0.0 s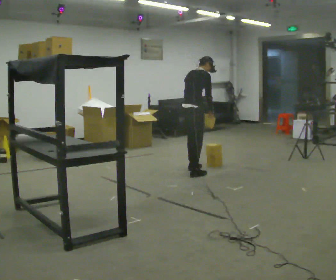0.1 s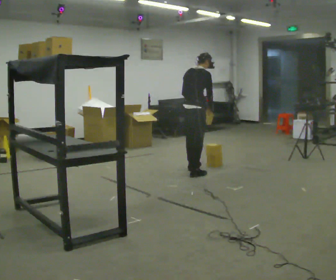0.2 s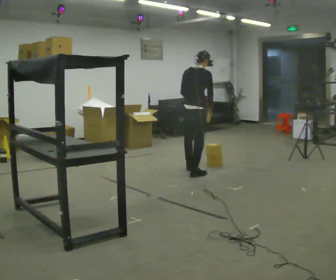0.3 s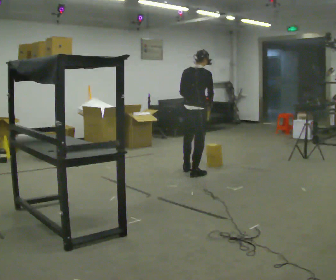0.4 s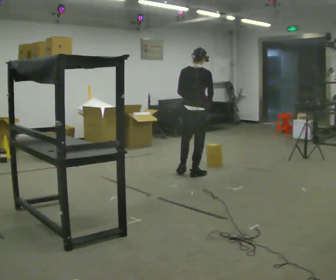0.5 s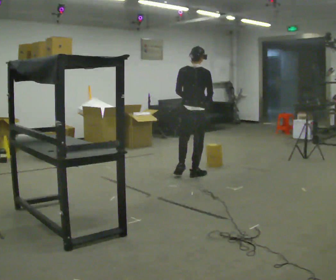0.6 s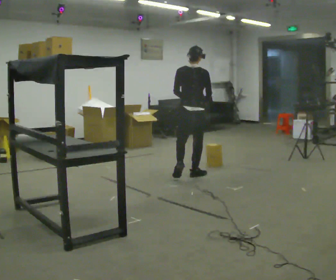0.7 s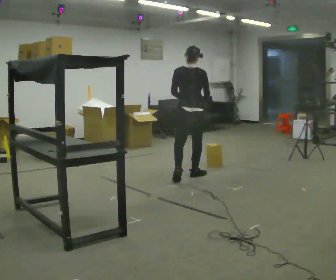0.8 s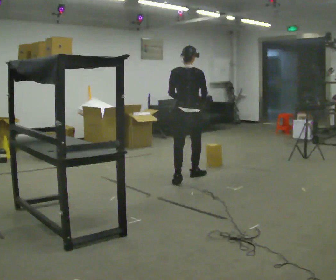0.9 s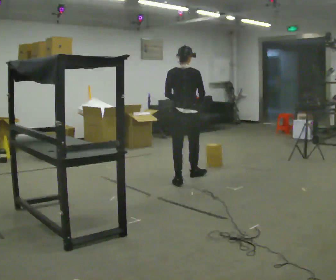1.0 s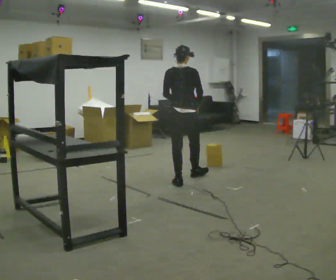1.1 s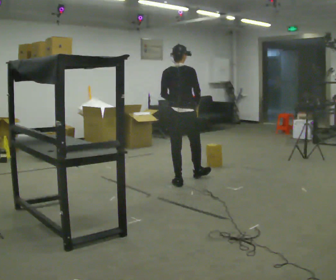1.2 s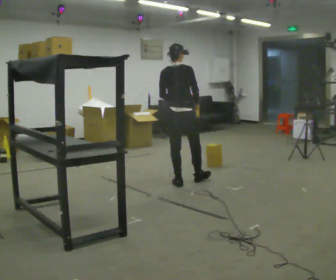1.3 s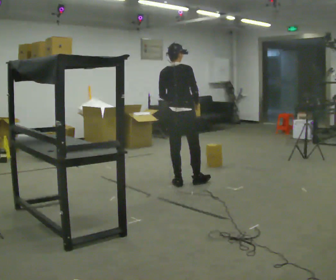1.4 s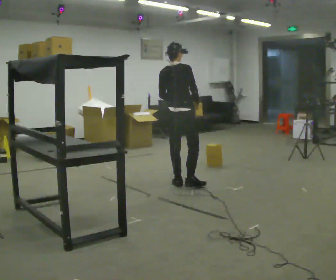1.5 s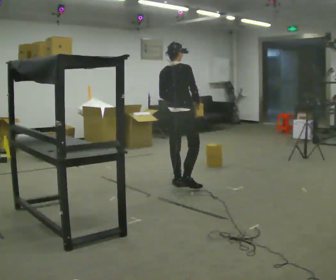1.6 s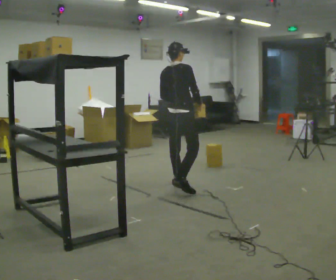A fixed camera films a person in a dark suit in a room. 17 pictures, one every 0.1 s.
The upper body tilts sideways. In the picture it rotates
counterclockwise.
0.0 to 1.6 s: In the picture they go toward the camera, about 1 m in 2 steps, which for them is backward. In the picture the upper body tilts counterclockwise, shoulders to the left, as they lean back or straighten.
The film runs backward here.
